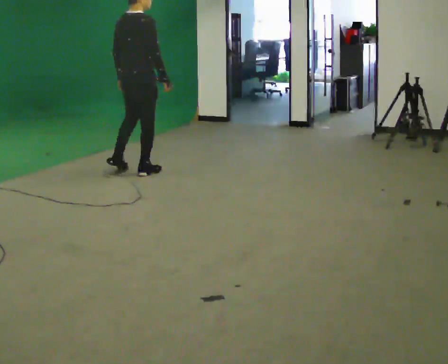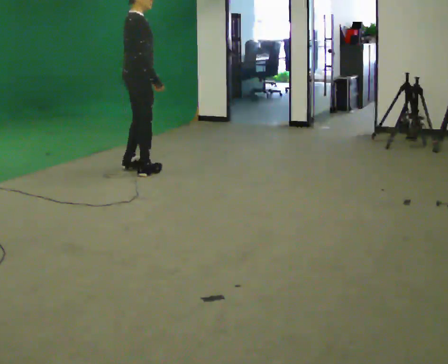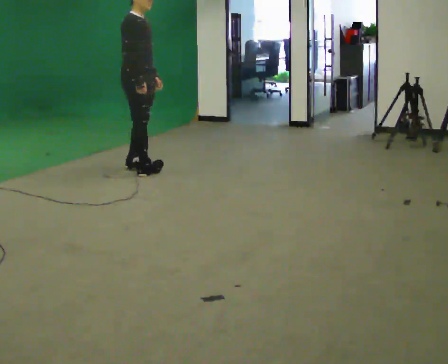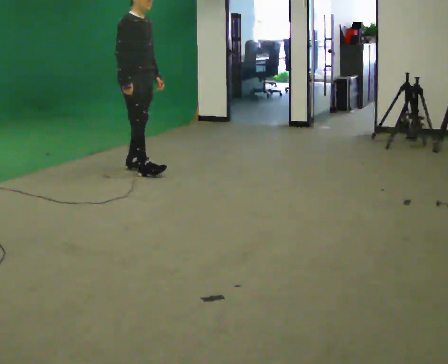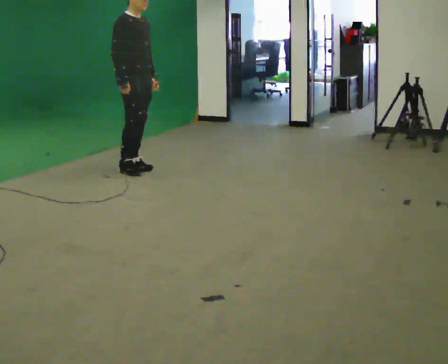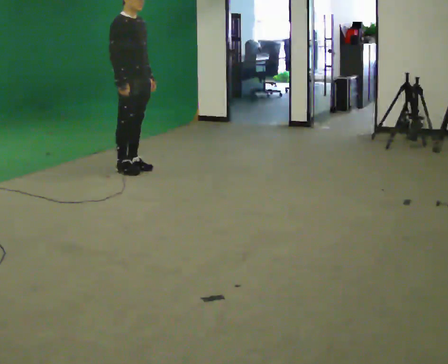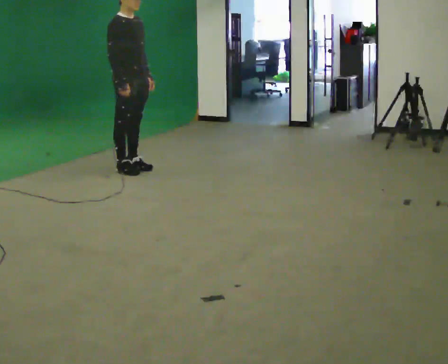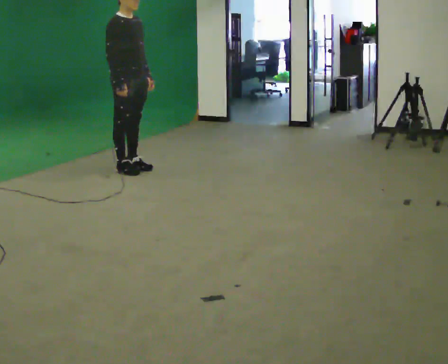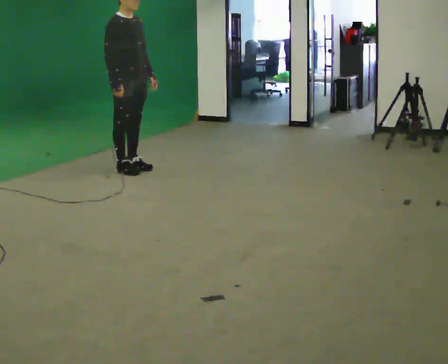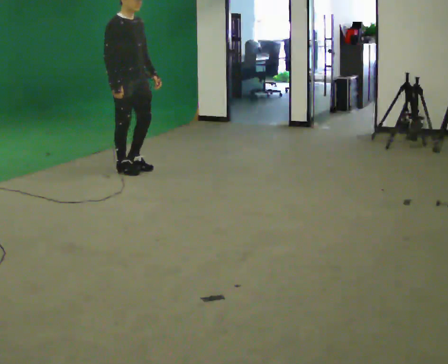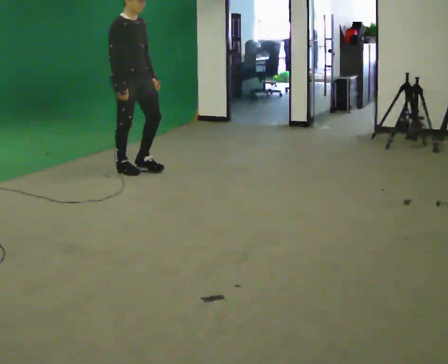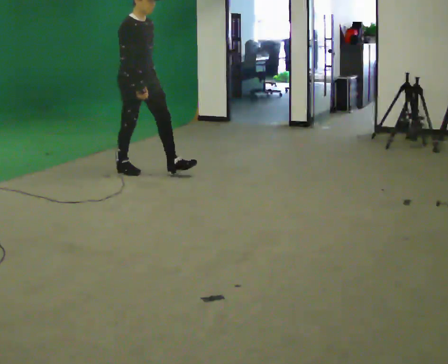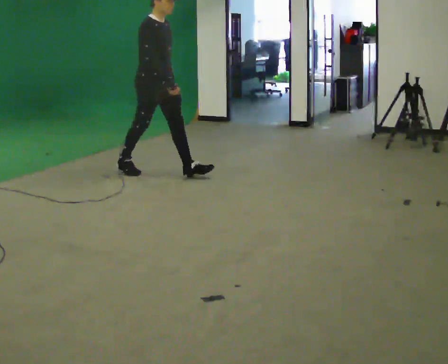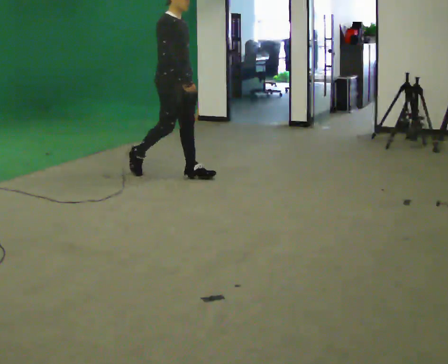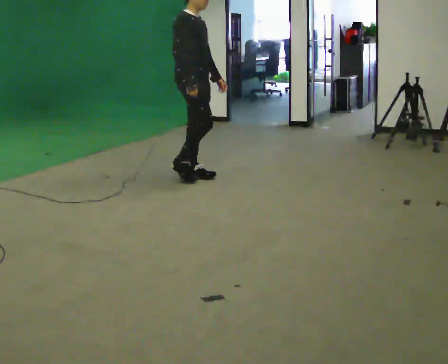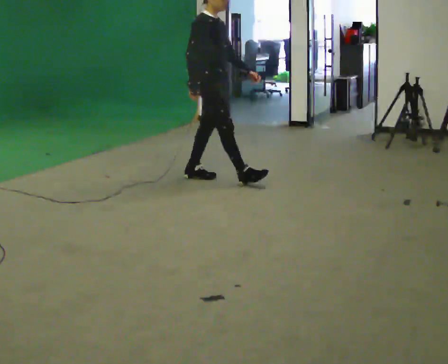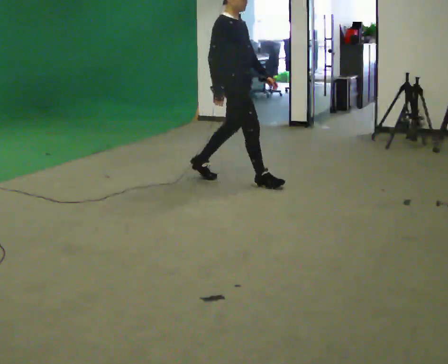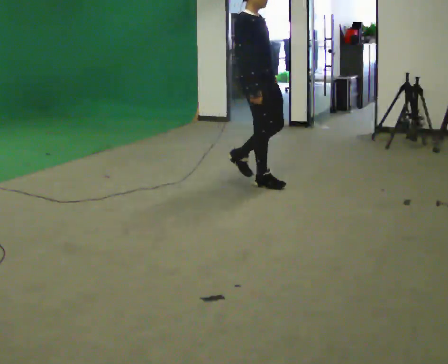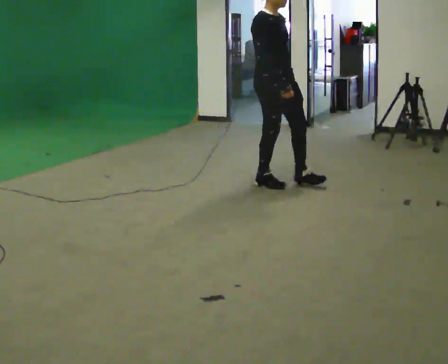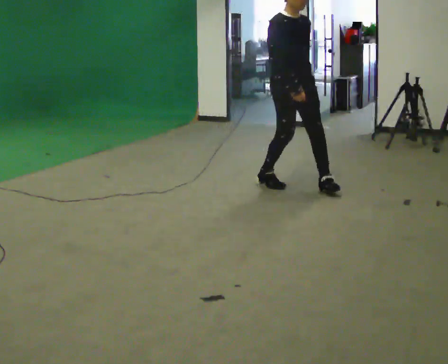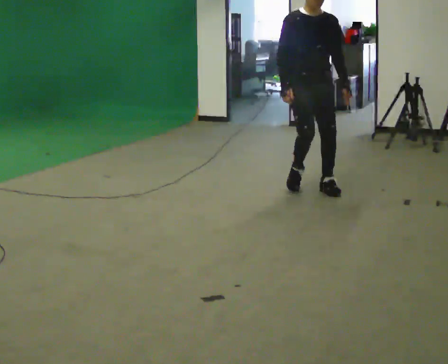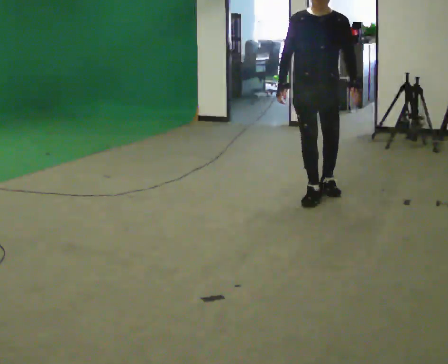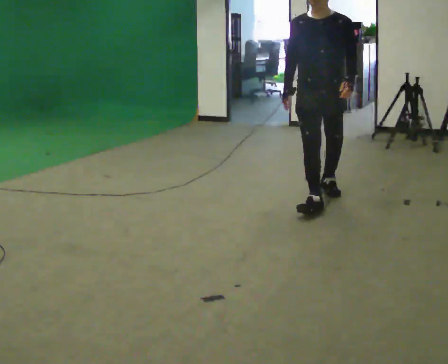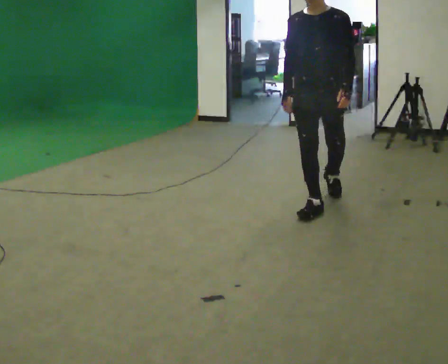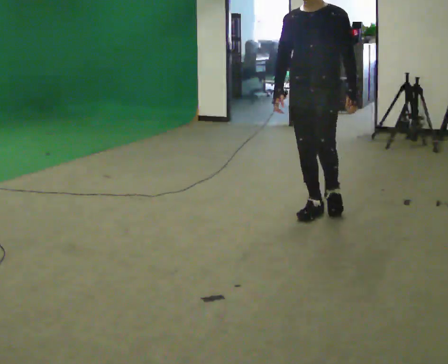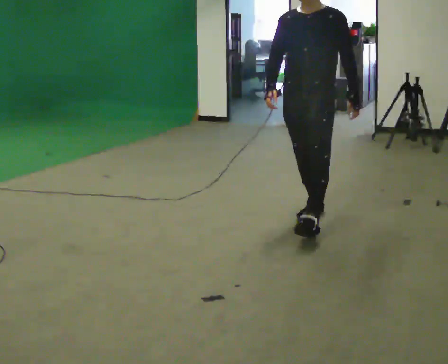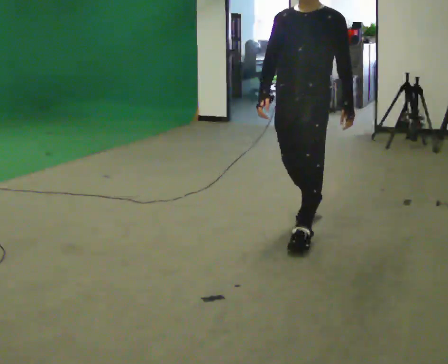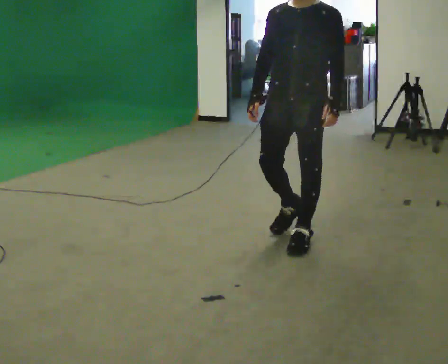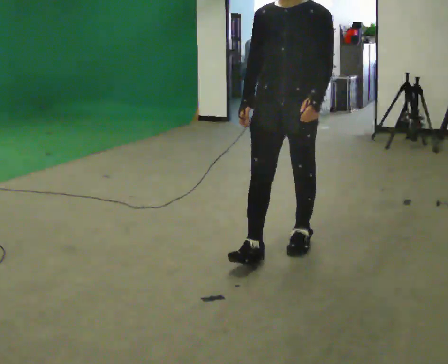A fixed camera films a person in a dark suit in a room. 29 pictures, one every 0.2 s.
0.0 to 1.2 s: The person turns about 75 degrees to their right, clockwise seen from above, so the part of the body nearest the lens slides to the left.
1.2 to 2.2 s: The person moves a little, or ends about where they began.
2.2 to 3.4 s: In the picture they go to the right and toward the camera, about 1 m in 2 steps, which for them is forward.
3.4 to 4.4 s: Seen from above the body turns clockwise, about 75 degrees: to their right, with its near side sliding to the left. In the picture they go toward the camera and to the right, about 0.75 m in 2 steps.
4.4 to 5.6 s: In the picture they go toward the camera and to the left, about 1 m in 1 step, which for them is forward.
The film runs forward here.
